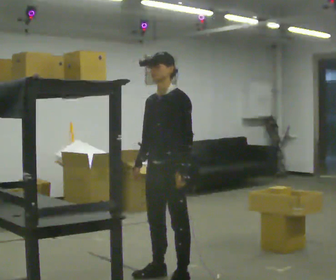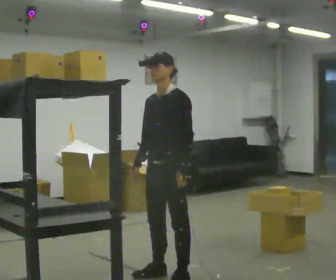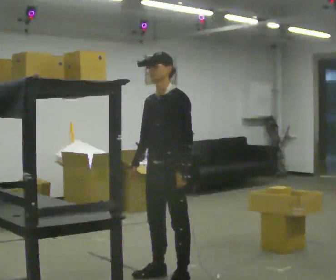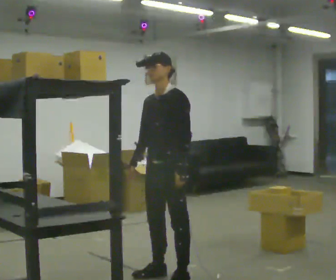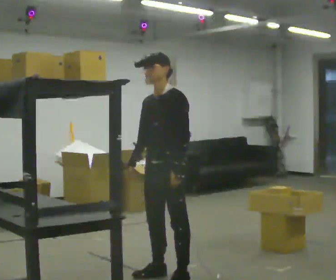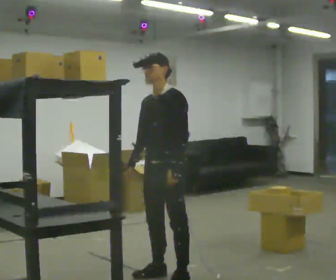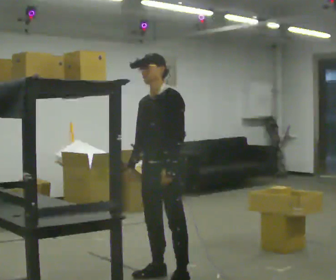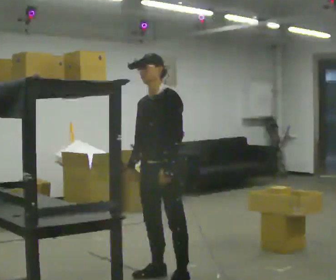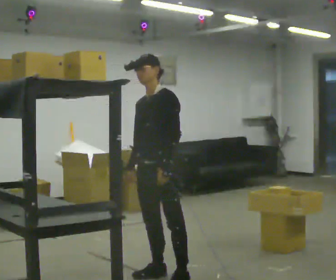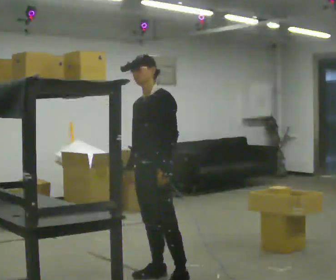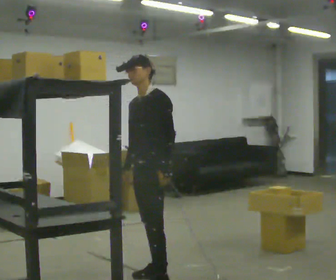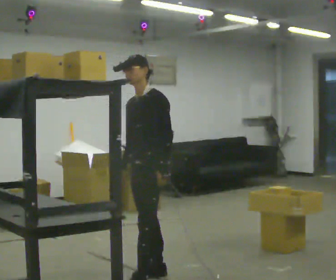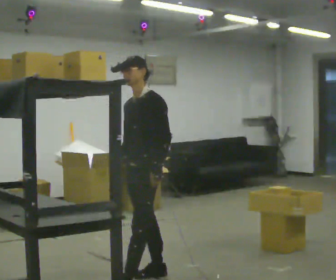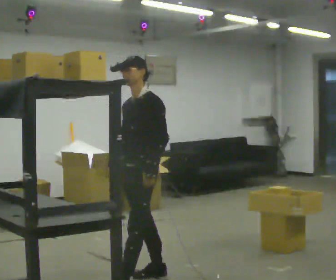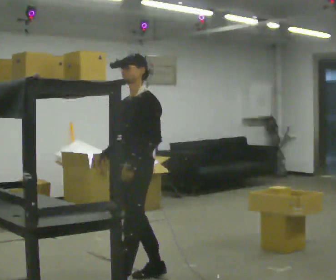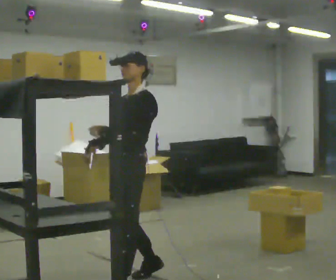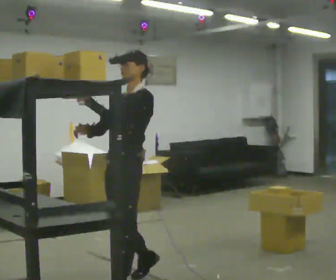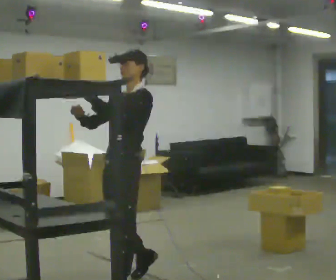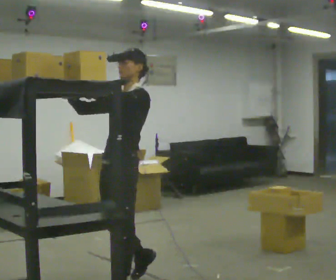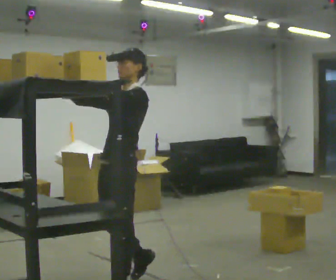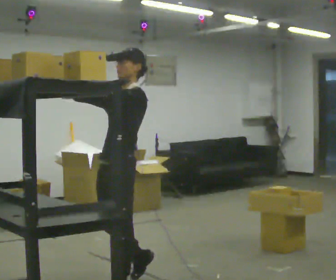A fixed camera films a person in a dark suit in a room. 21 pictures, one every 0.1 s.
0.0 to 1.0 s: The person moves a little, or ends about where they began.
1.0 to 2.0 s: In the picture they go toward the camera and to the left, about 0.5 m, which for them is forward and to their left. In the picture their left hand goes upward.
The film runs backward here.
